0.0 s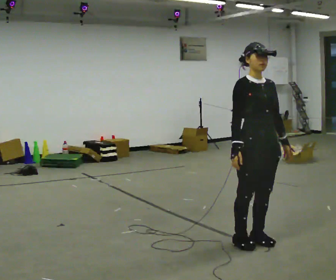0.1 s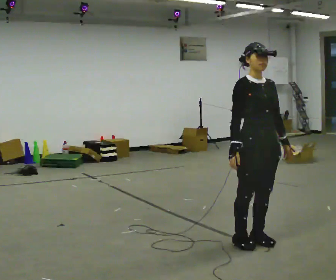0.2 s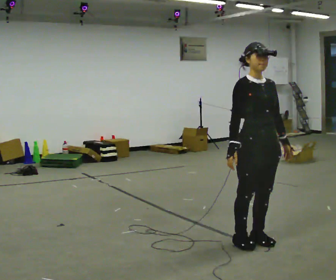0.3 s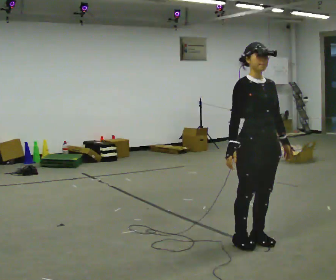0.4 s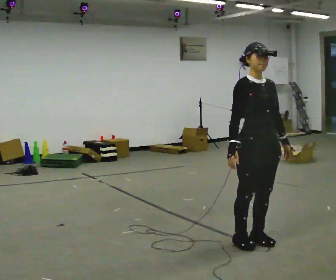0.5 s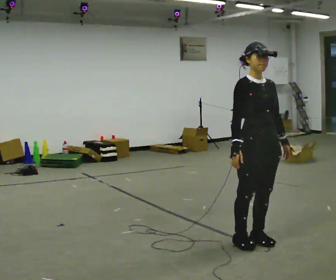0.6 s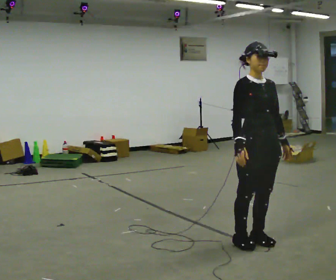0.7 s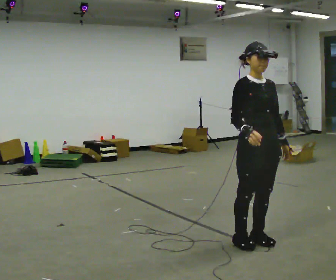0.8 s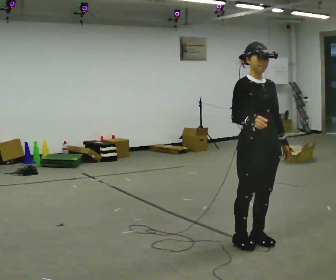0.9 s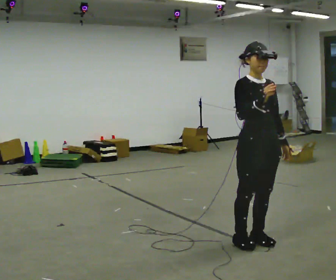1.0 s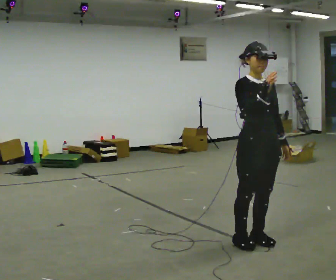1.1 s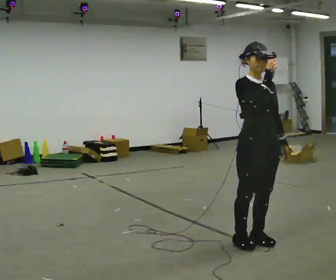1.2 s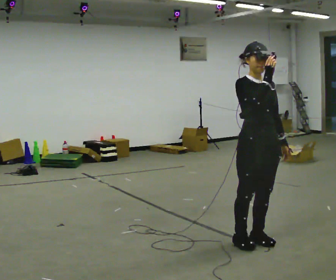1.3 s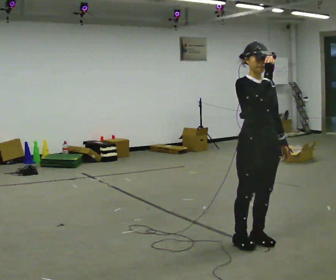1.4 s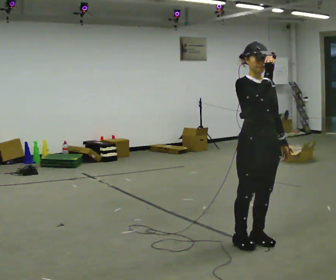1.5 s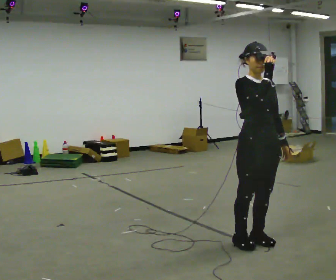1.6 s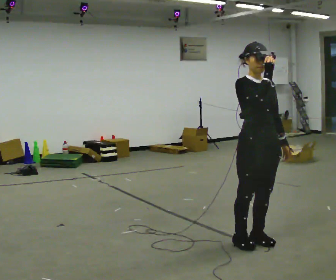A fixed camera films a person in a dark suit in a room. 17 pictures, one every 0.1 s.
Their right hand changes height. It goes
upward.
0.0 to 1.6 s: In the picture their right hand goes upward.
The film runs backward here.
